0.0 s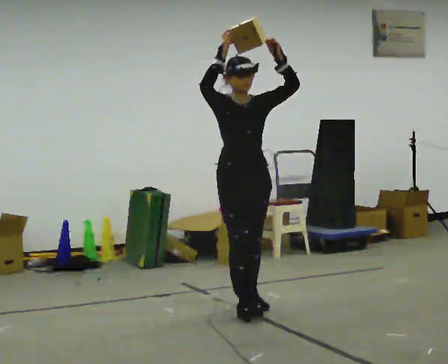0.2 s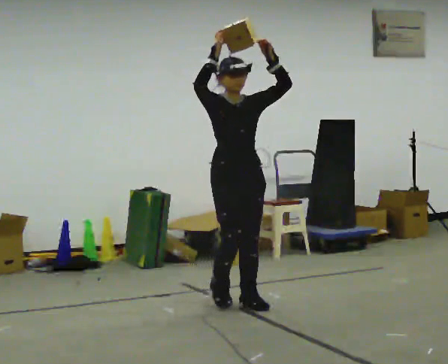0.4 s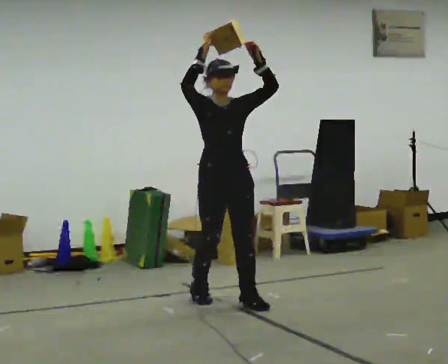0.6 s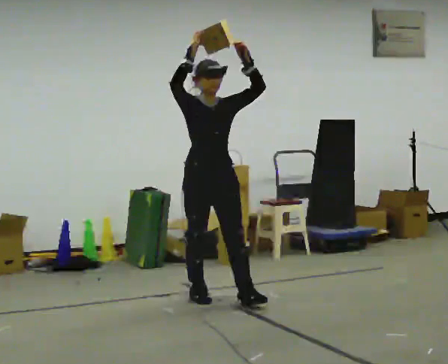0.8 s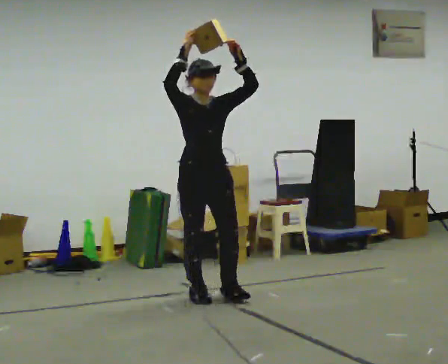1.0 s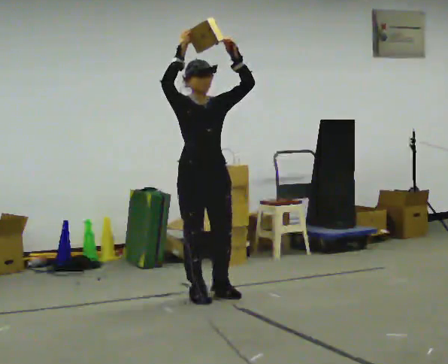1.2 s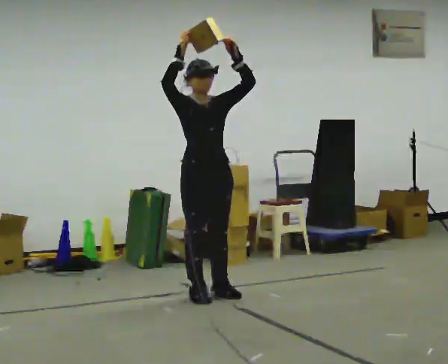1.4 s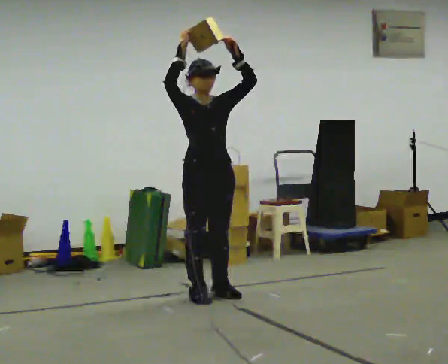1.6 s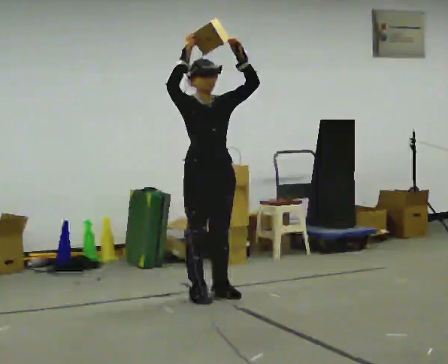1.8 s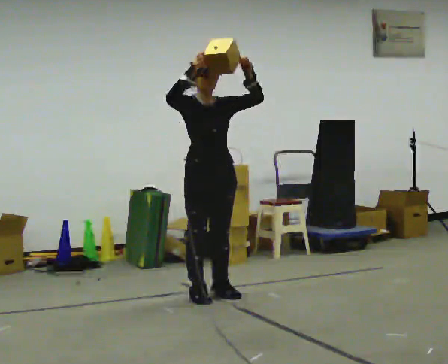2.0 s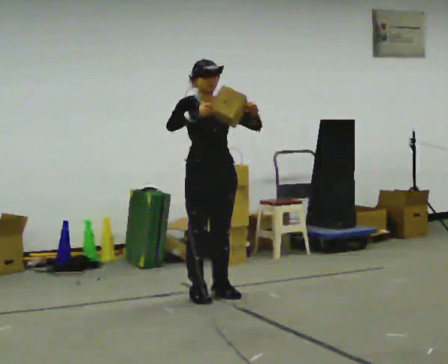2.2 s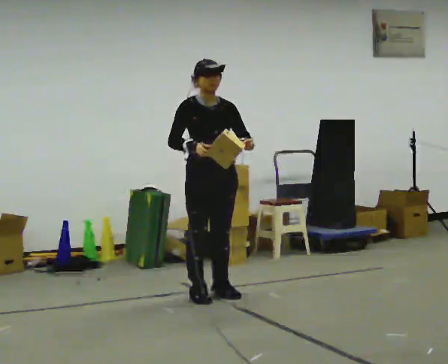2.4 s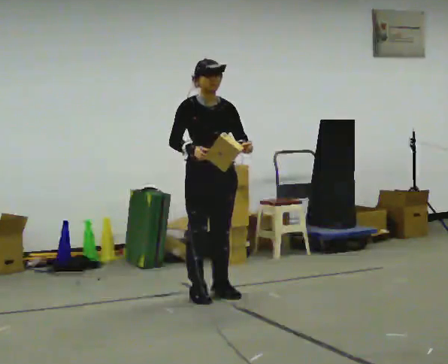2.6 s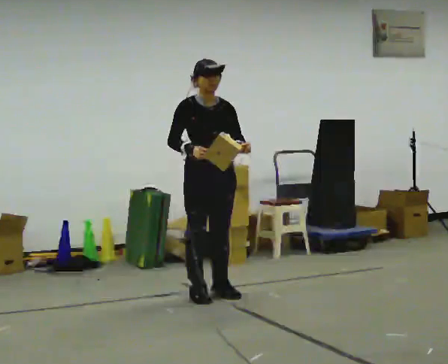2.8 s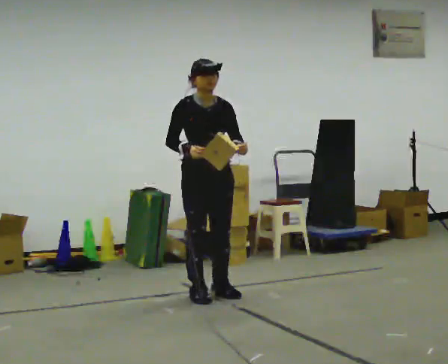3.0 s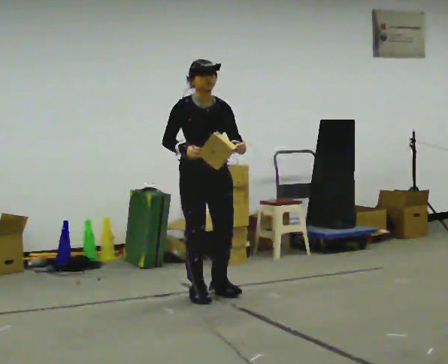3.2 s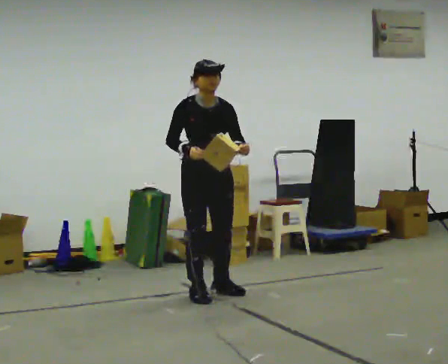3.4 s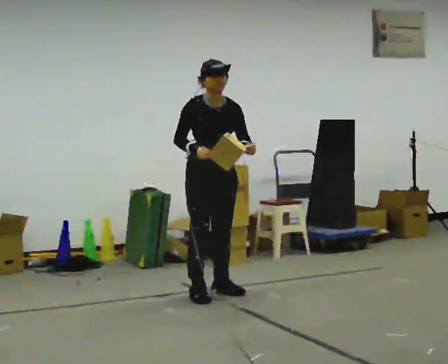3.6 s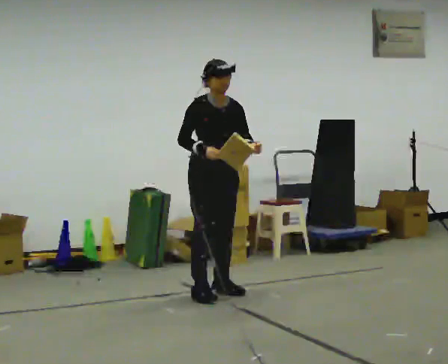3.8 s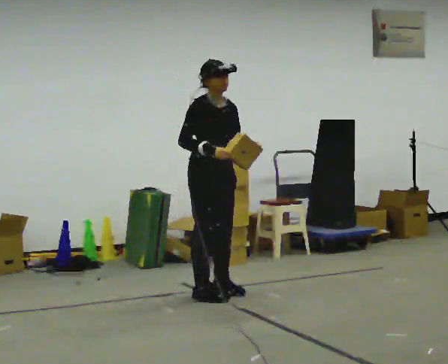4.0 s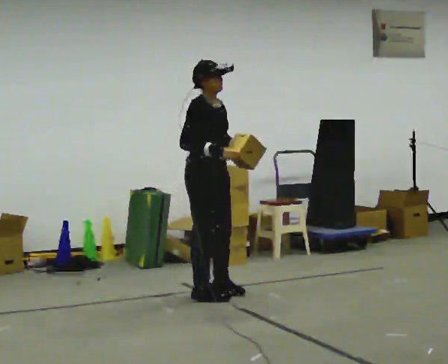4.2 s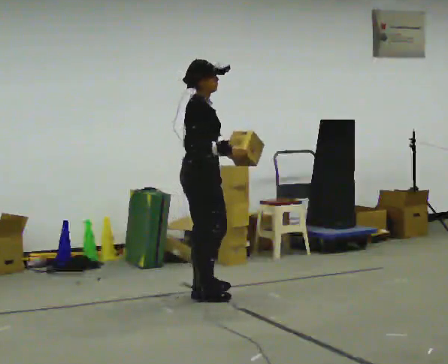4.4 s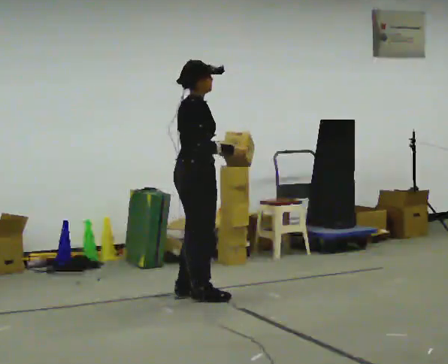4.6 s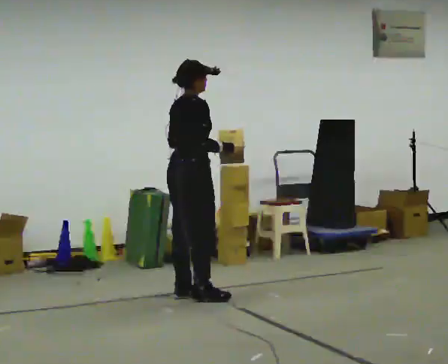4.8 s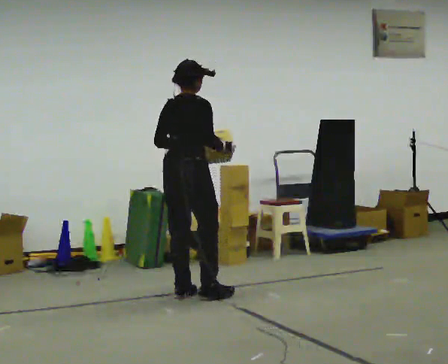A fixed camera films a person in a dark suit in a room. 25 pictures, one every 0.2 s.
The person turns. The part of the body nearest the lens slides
to the right.
The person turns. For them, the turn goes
to their left.
0.0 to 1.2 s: In the picture they go away from the camera and to the left, about 0.5 m in 1 step, which for them is backward.
1.2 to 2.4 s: In the picture their right hand goes downward.
2.4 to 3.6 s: The person moves a little, or ends about where they began.
3.6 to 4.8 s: The person turns about 105 degrees to their left, counterclockwise seen from above, so the part of the body nearest the lens slides to the right. In the picture they go to the left, about 0.25 m in 2 steps. In the picture their left hand goes to the left.
The film runs backward here.
